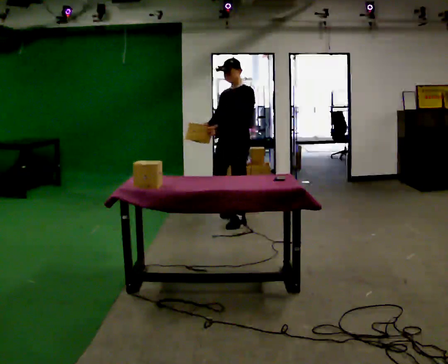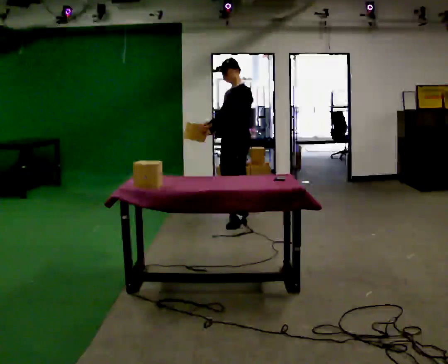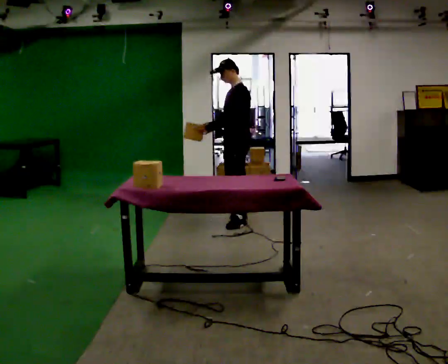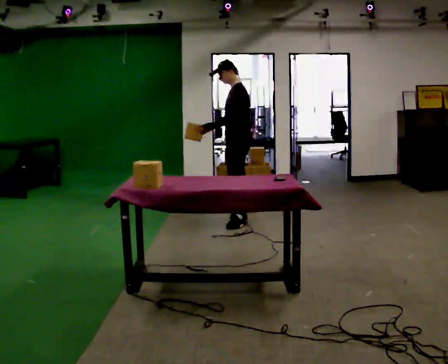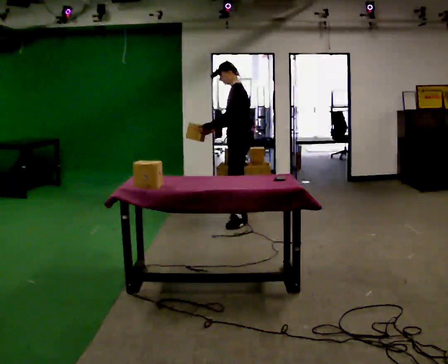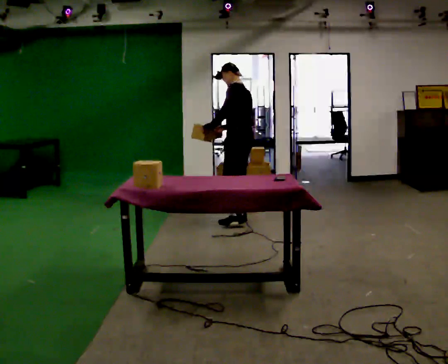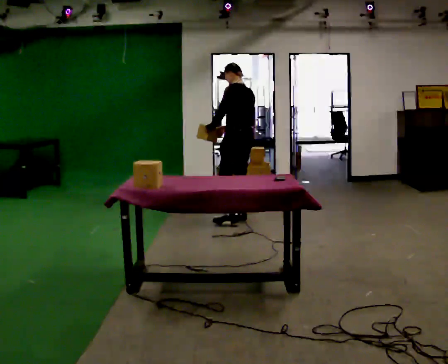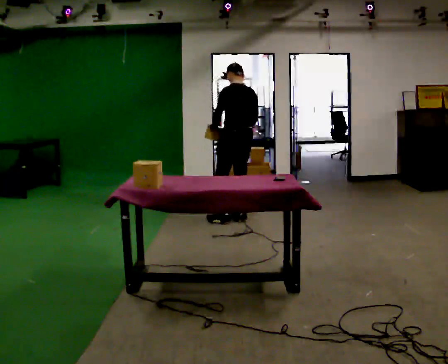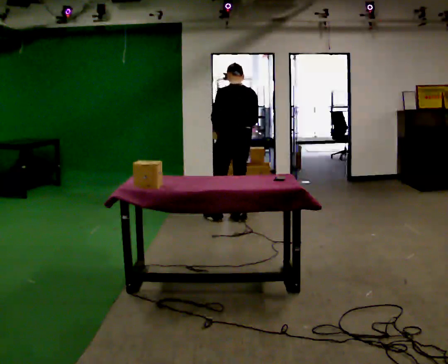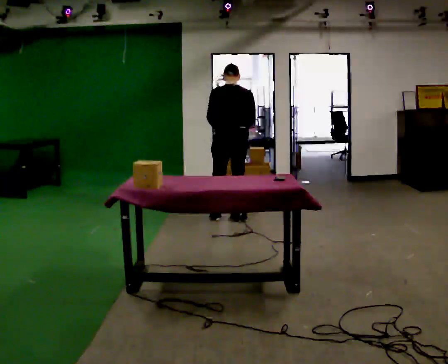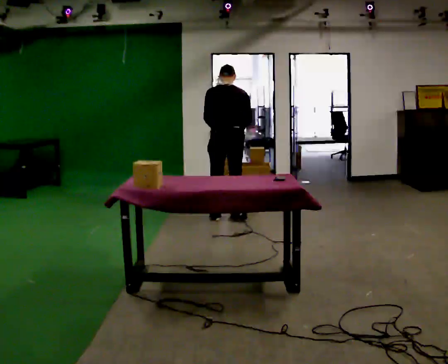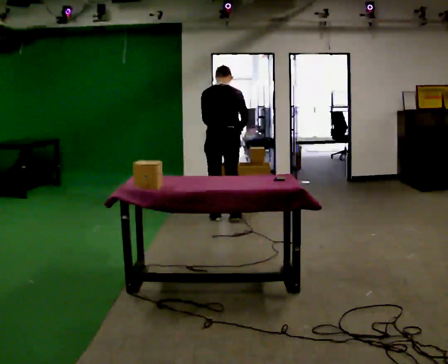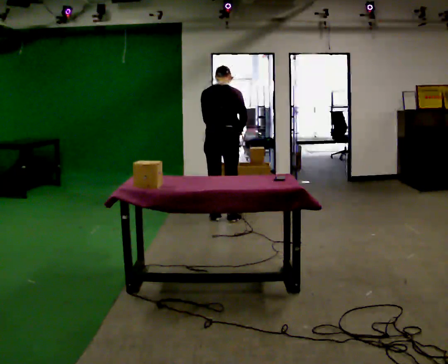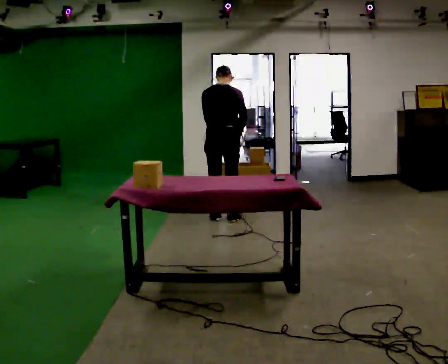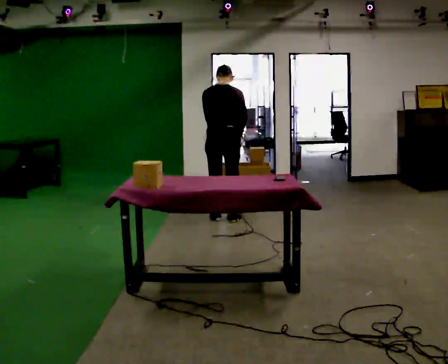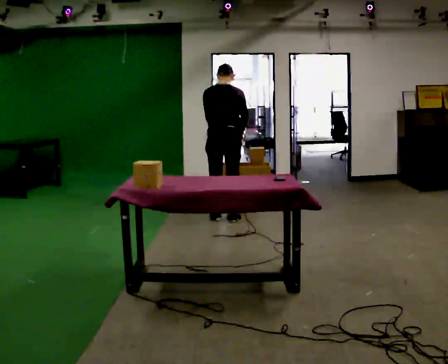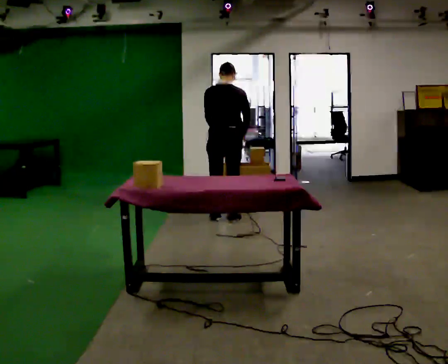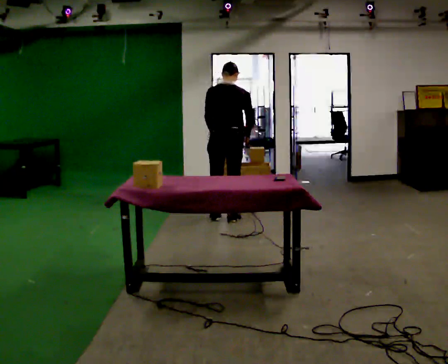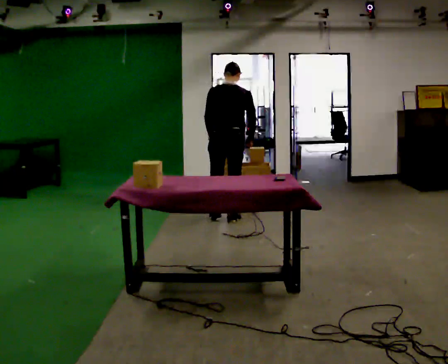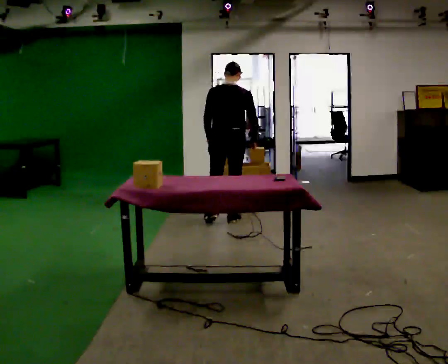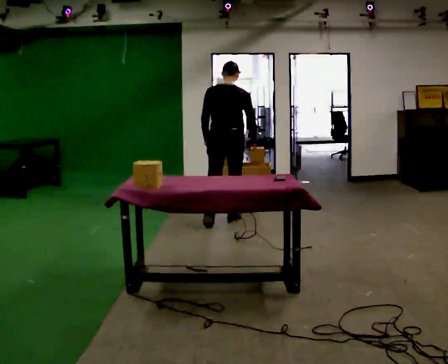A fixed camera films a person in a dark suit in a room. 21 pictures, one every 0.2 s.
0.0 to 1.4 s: Seen from above the body turns clockwise, about 90 degrees: to their right, with its near side sliding to the left. In the picture they go away from the camera, about 0.25 m in 1 step.
1.4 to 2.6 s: The person turns about 45 degrees to their right, clockwise seen from above, so the part of the body nearest the lens slides to the left. In the picture they go to the left, about 0.25 m, which for them is to their left.
2.6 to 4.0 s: The person moves a little, or ends about where they began.
The film runs backward here.
